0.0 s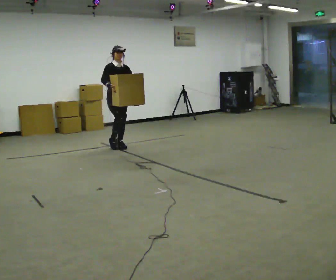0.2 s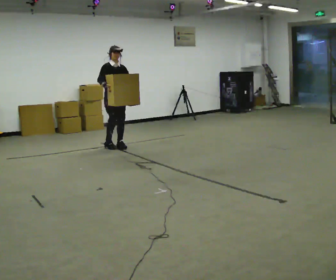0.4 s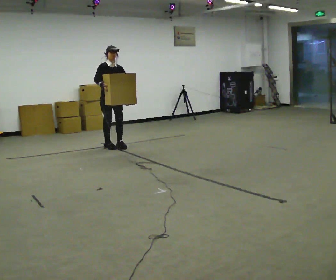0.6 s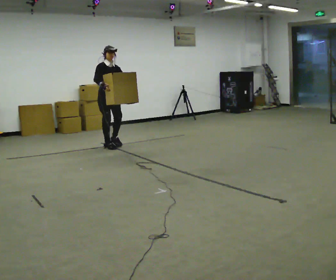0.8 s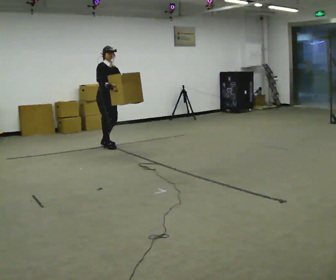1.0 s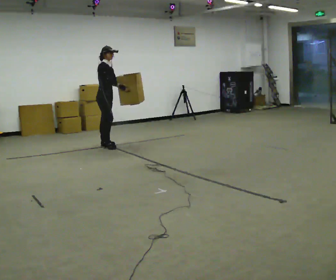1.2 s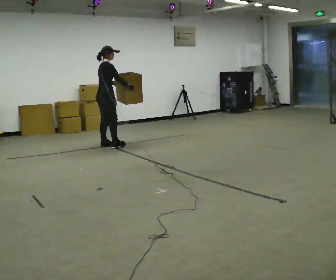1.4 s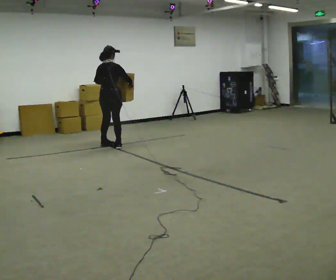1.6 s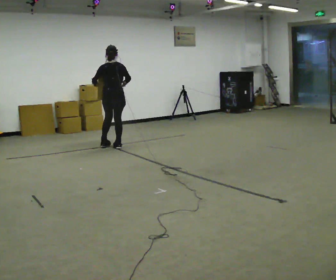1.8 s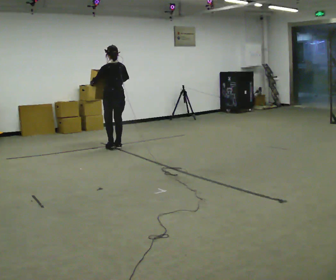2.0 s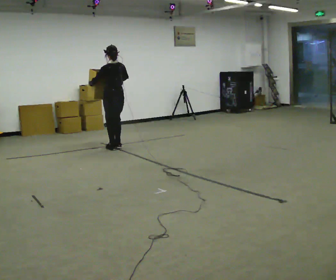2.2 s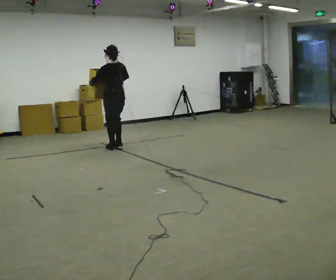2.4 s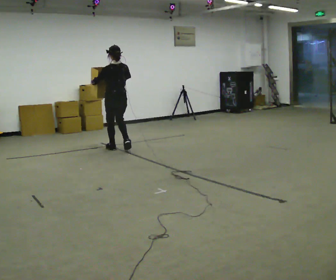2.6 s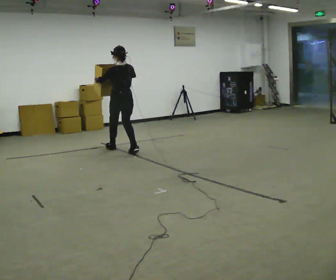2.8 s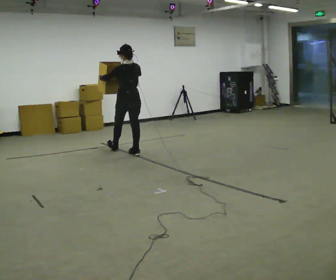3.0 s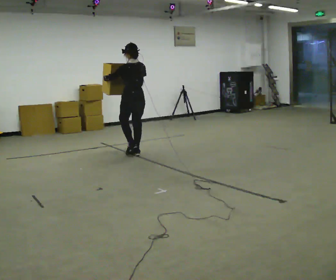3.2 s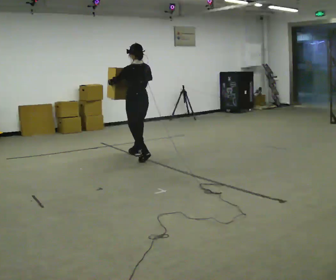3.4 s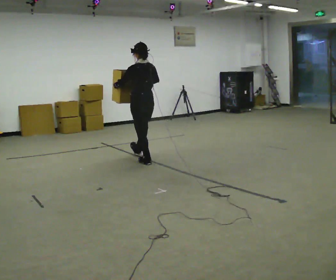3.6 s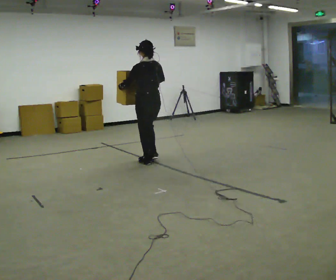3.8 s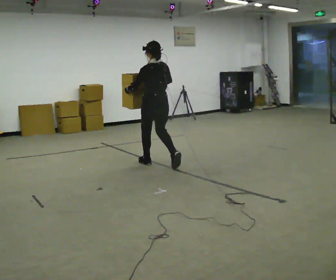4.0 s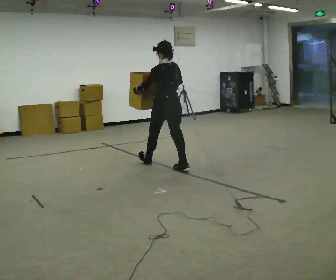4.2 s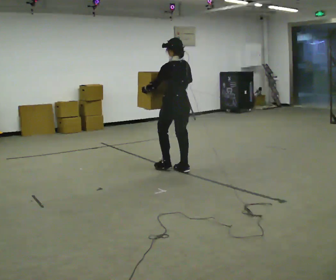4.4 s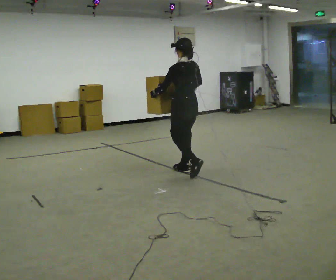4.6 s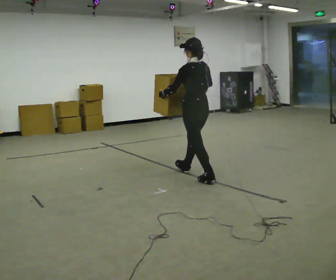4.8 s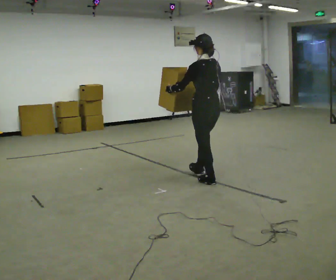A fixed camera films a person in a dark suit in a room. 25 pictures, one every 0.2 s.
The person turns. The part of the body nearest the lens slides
to the right.
The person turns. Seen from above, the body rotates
counterclockwise.
0.0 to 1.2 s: The person turns about 90 degrees to their left, counterclockwise seen from above, so the part of the body nearest the lens slides to the right. In the picture they go to the left, about 0.25 m in 2 steps. In the picture their left hand goes to the left.
1.2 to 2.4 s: Seen from above the body turns counterclockwise, about 90 degrees: to their left, with its near side sliding to the right. In the picture they go toward the camera and to the right, about 0.25 m in 2 steps.
2.4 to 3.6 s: In the picture they go toward the camera and to the right, about 1 m in 2 steps, which for them is backward.
3.6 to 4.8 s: In the picture they go toward the camera and to the right, about 1 m in 2 steps, which for them is backward.
The film runs backward here.
